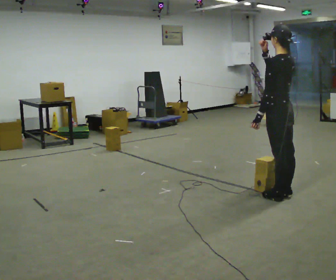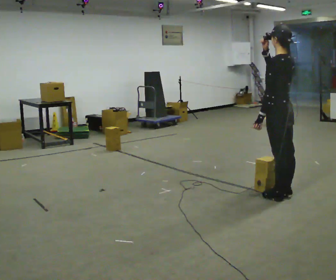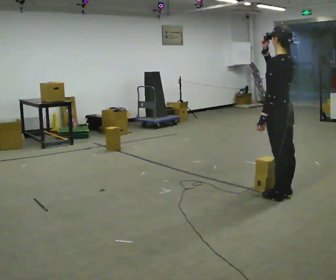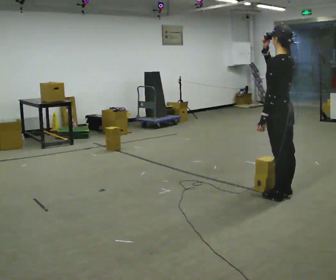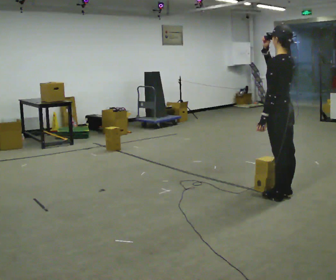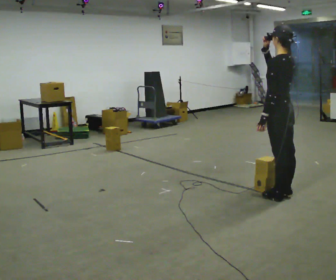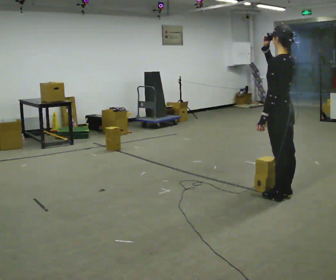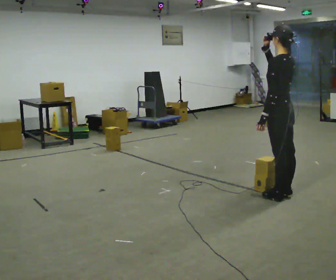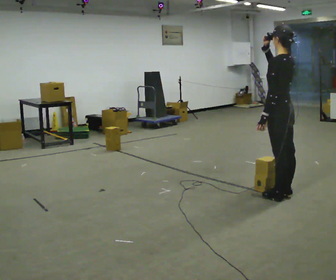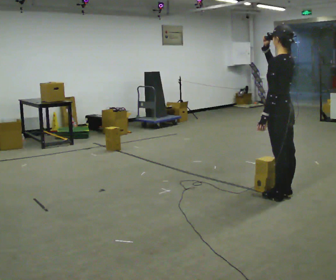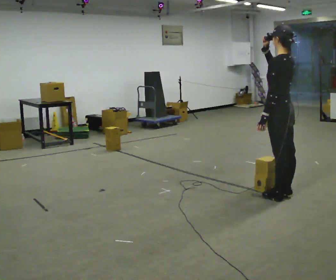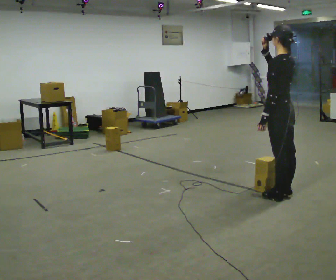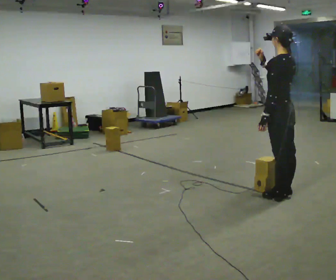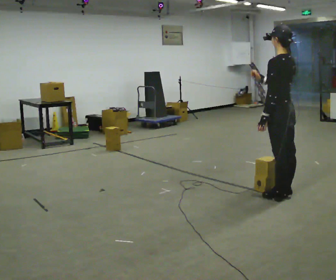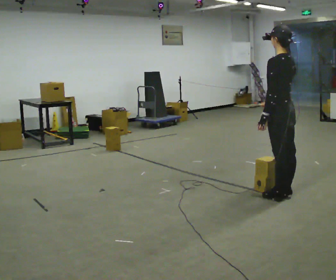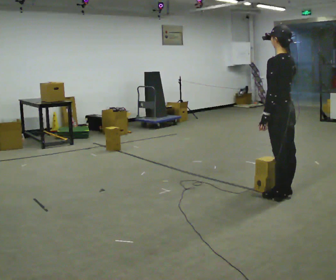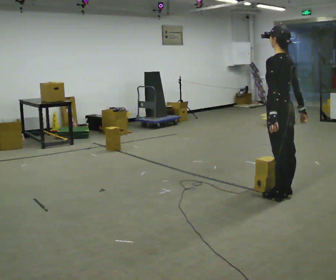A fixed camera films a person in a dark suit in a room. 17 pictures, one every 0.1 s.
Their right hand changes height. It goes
downward.
0.0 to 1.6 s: In the picture their right hand goes downward and to the right.
The film runs forward here.
